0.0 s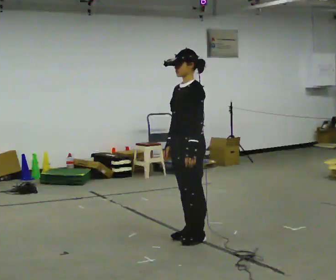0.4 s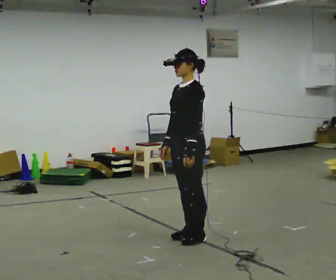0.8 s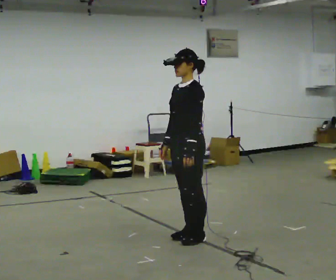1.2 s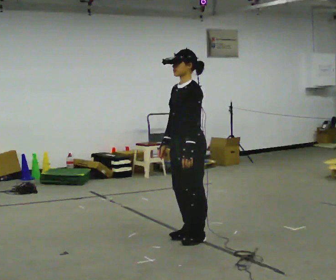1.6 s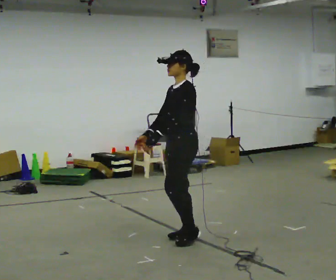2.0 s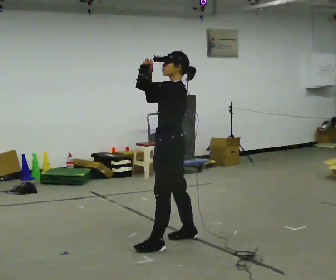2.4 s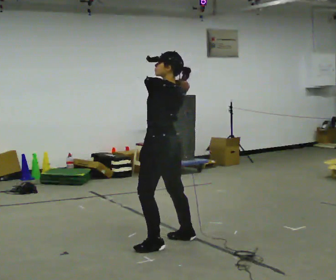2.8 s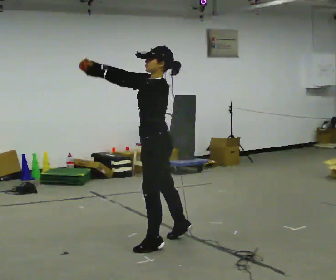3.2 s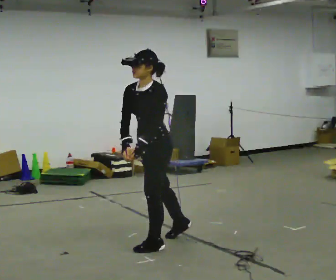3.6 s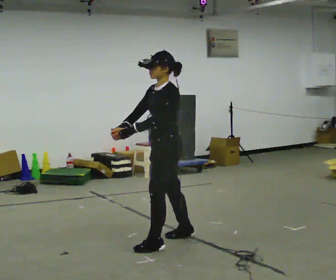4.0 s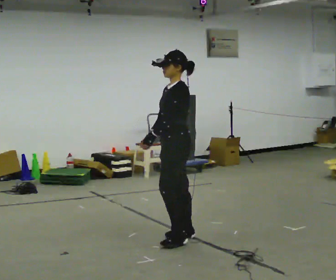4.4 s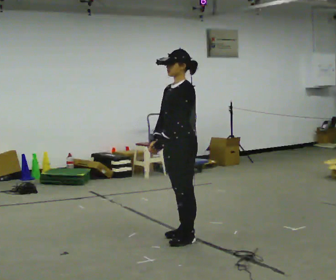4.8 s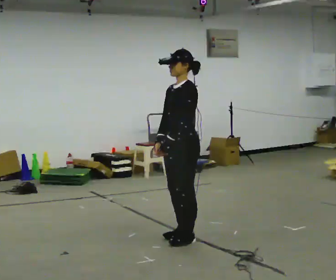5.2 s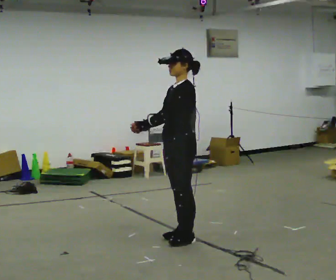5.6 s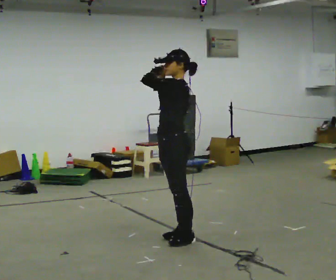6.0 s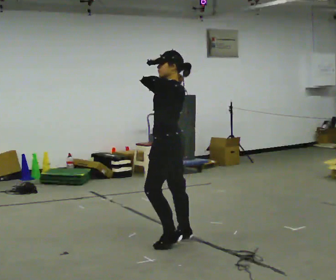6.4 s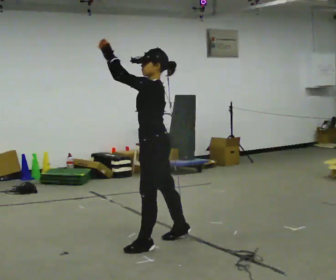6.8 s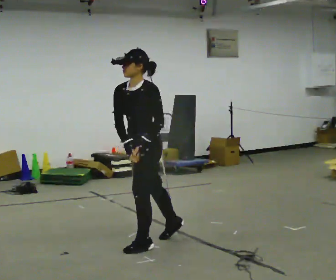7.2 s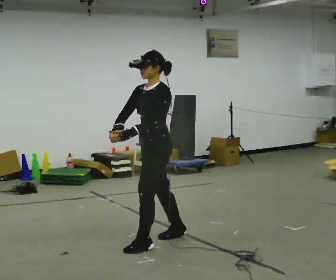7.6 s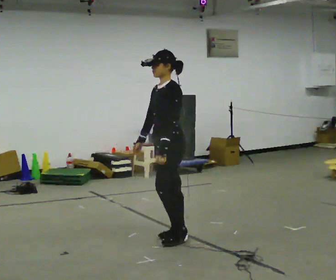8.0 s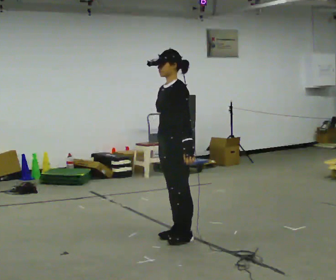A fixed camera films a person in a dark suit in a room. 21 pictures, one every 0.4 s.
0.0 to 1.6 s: The person moves a little, or ends about where they began.
1.6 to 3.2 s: In the picture they go to the left and toward the camera, about 0.25 m in 1 step, which for them is to their left.
3.2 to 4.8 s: In the picture they go to the right, about 0.25 m in 1 step, which for them is backward. The upper body tips away from the camera, its near side rolling upward, as they lean back or straighten.
4.8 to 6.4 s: In the picture they go to the left, about 0.25 m in 1 step, which for them is forward. In the picture their left hand goes upward and to the left.
6.4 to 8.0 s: In the picture their left hand goes downward and to the right, the arm swinging counterclockwise.
The film runs forward here.
